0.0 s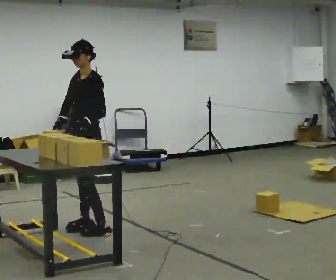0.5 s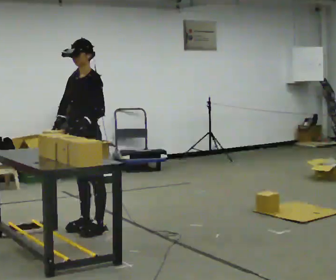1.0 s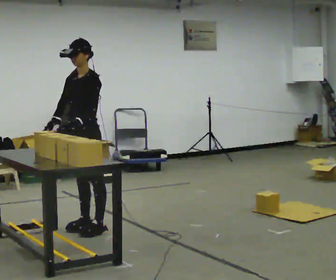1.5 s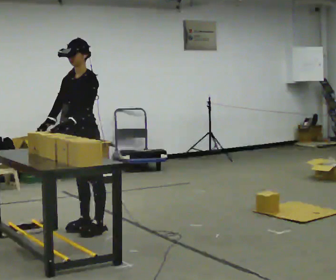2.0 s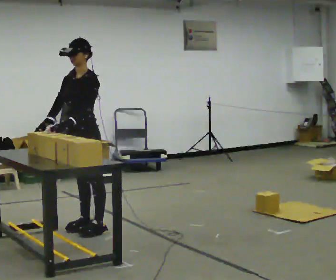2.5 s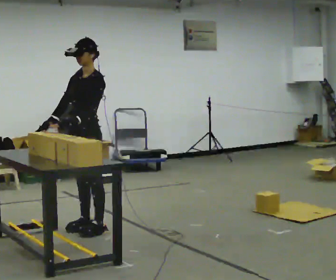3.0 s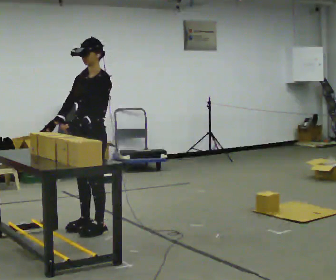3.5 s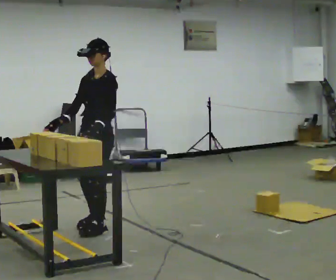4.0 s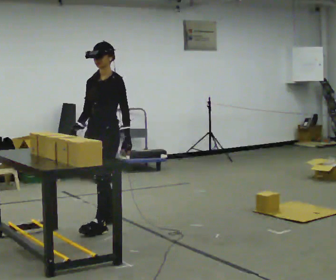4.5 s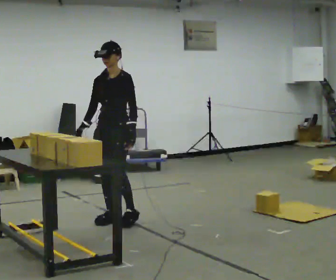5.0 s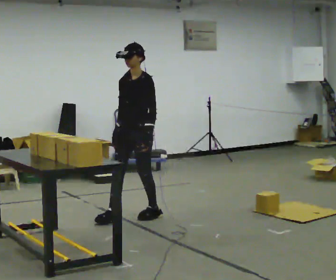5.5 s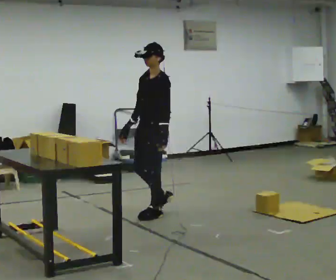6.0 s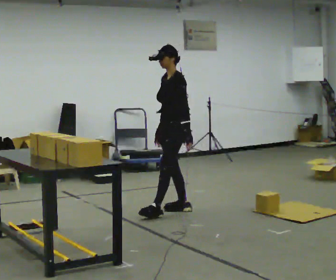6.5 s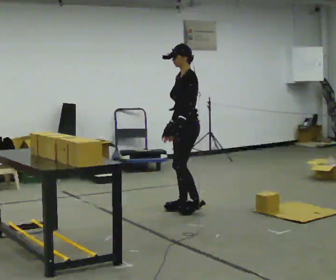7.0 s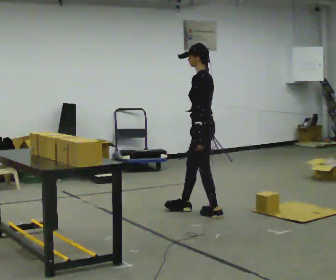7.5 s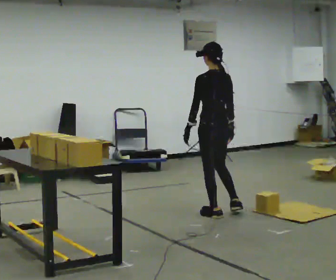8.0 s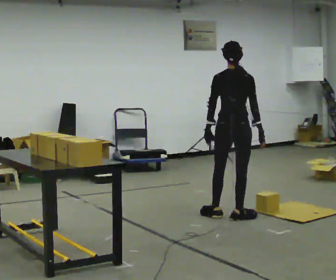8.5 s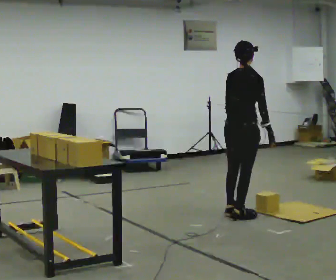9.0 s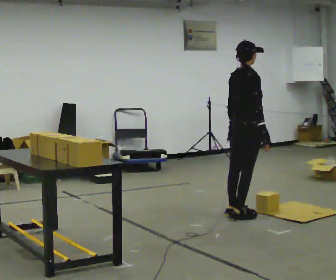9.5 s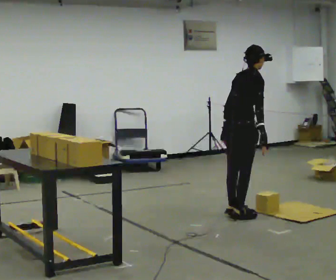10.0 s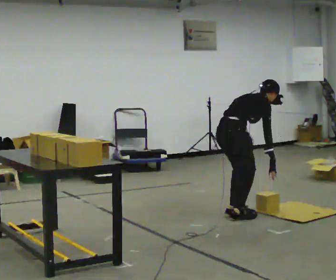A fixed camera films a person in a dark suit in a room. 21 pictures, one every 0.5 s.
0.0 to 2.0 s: The person moves a little, or ends about where they began.
2.0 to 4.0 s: In the picture they go away from the camera and to the right, about 0.25 m in 1 step, which for them is backward. In the picture their left hand goes to the right.
4.0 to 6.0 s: Seen from above the body turns clockwise, about 30 degrees: to their right, with its near side sliding to the left. In the picture they go to the right and away from the camera, about 1 m in 2 steps, which for them is backward.
6.0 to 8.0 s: Seen from above the body turns clockwise, about 135 degrees: to their right, with its near side sliding to the left. In the picture they go to the right and toward the camera, about 0.5 m in 2 steps.
8.0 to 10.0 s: The person turns about 45 degrees to their right, clockwise seen from above, so the part of the body nearest the lens slides to the left. The shoulders move downward. In the picture the upper body tilts clockwise, shoulders to the right, as they bend forward.
The film runs backward here.
